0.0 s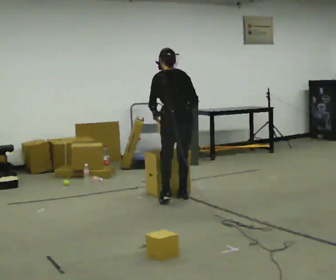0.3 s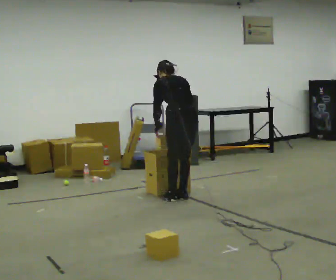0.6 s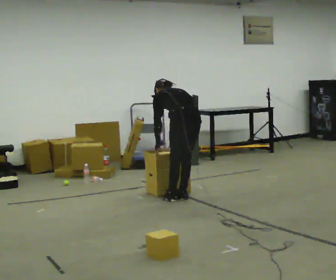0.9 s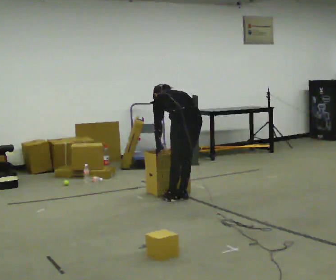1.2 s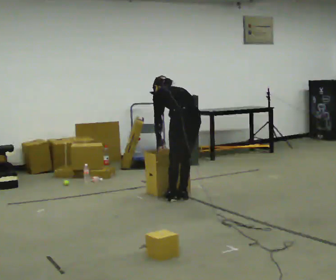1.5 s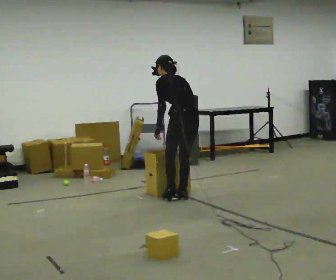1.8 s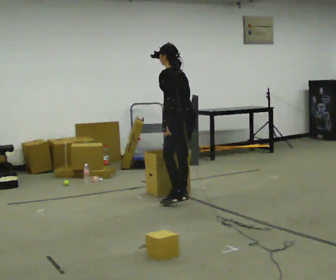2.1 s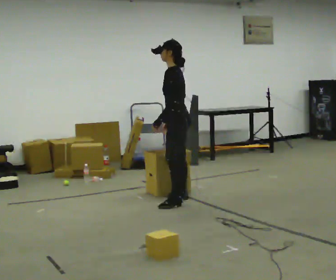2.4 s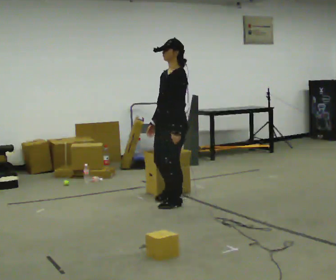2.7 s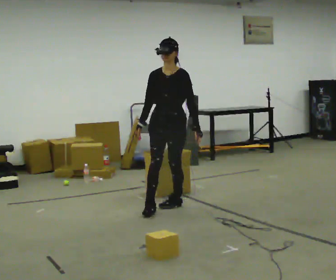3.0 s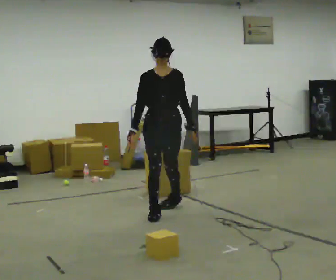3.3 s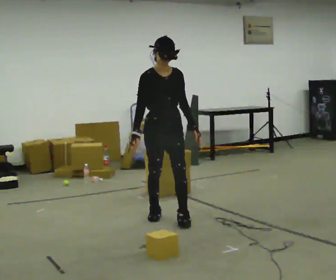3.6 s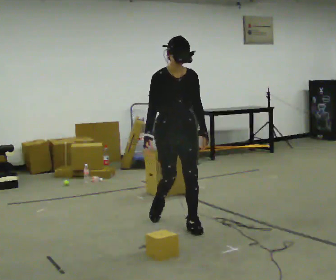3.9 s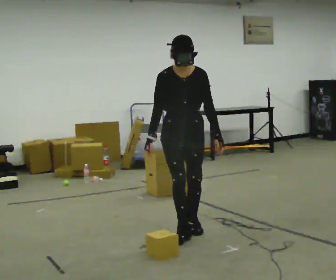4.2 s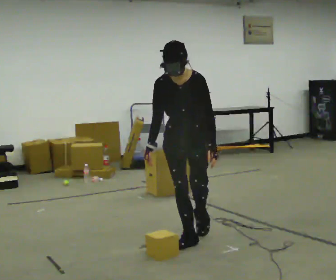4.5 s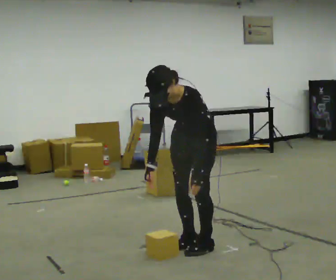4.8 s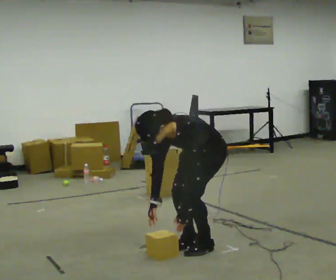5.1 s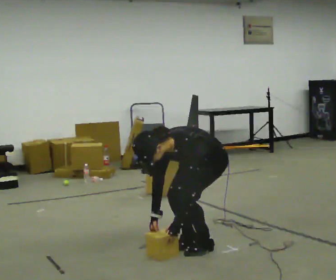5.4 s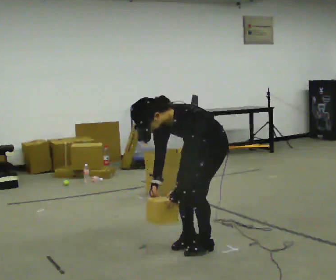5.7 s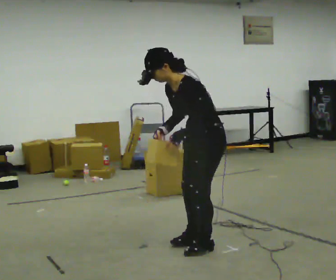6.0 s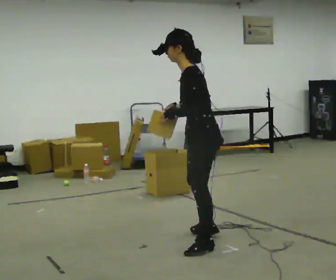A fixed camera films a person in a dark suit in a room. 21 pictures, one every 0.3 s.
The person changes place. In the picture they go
toward the camera.
0.0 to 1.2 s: The person moves a little, or ends about where they began.
1.2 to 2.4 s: The person turns about 90 degrees to their left, counterclockwise seen from above, so the part of the body nearest the lens slides to the right. In the picture they go toward the camera, about 0.25 m in 1 step. The upper body goes upward. The upper body tips toward the camera, its near side rolling downward, as they lean back or straighten.
2.4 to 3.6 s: The person turns about 75 degrees to their left, counterclockwise seen from above, so the part of the body nearest the lens slides to the right. In the picture they go toward the camera, about 0.5 m in 2 steps.
3.6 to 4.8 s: Seen from above the body turns clockwise, about 60 degrees: to their right, with its near side sliding to the left. In the picture they go toward the camera, about 0.5 m in 2 steps, which for them is forward and to their left. The shoulders move downward. In the picture the upper body tilts counterclockwise, shoulders to the left, as they bend forward. In the picture their left hand goes downward.
4.8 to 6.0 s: The person turns about 60 degrees to their right, clockwise seen from above, so the part of the body nearest the lens slides to the left. The shoulders move upward. The upper body tips away from the camera, its near side rolling upward, as they lean back or straighten. In the picture their right hand goes upward.
The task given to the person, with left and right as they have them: Take the objects from the bin one at a time and put one in each of the places the operator points out. Keep going until the operator says stop; one object at a time, and do not rush between trips.
The film runs forward here.
